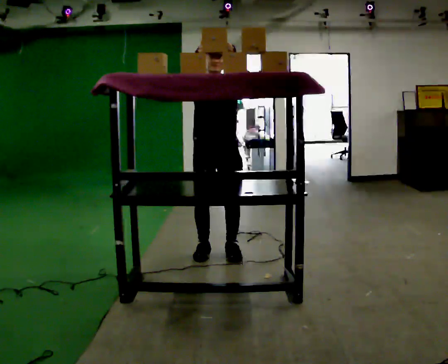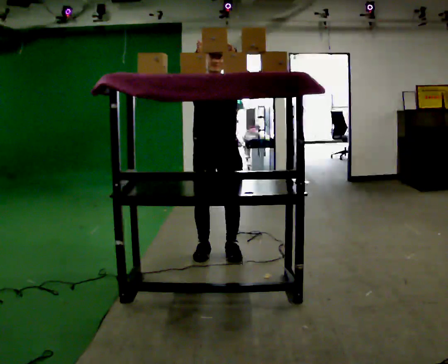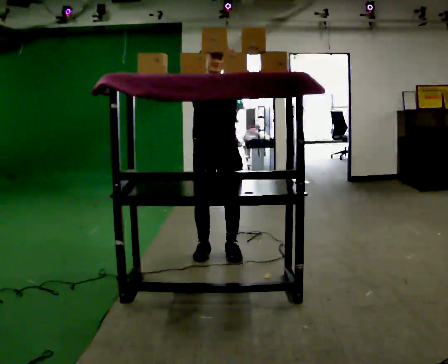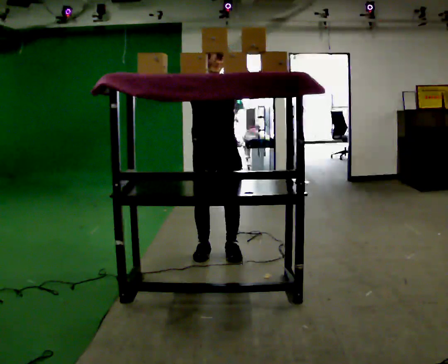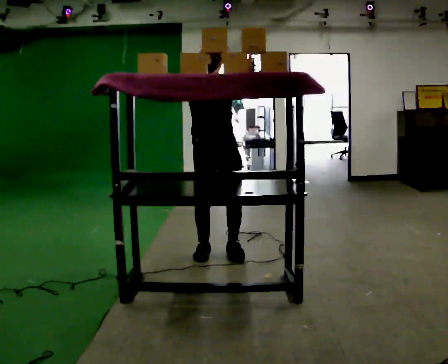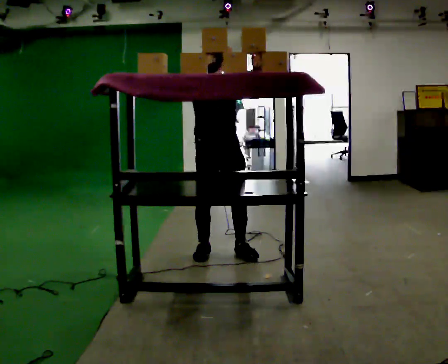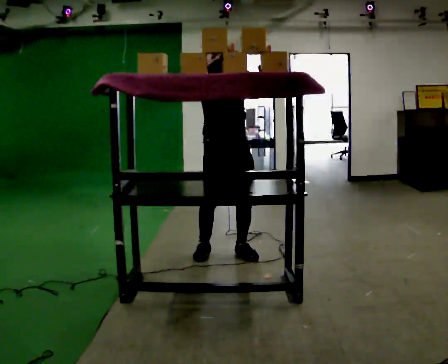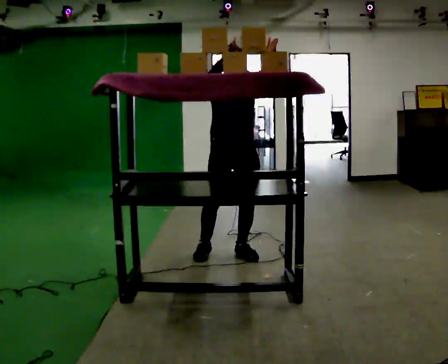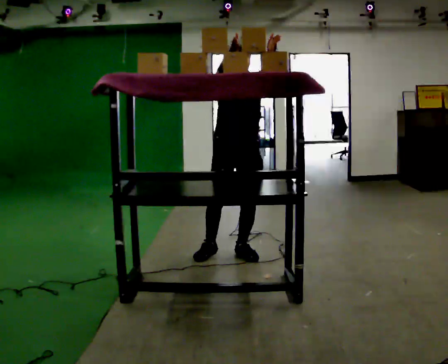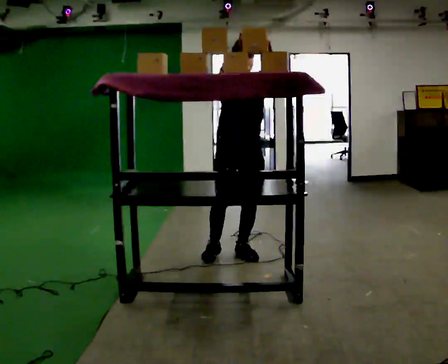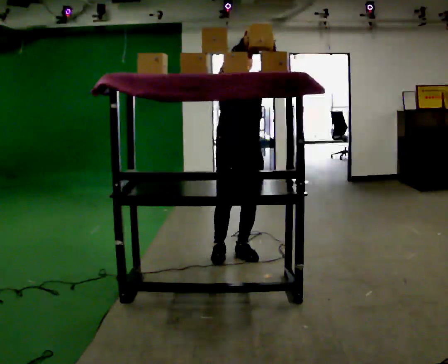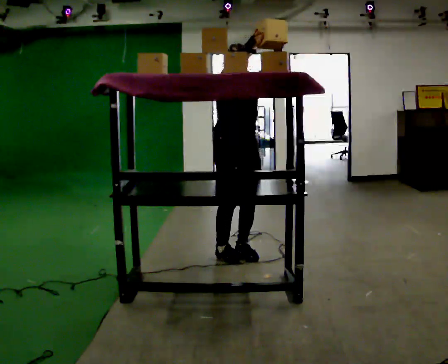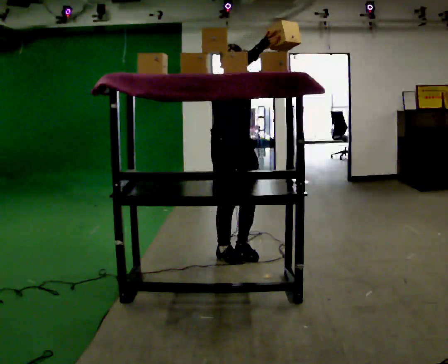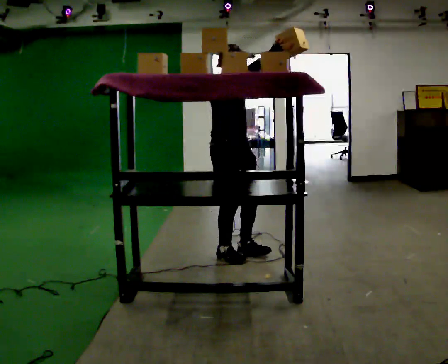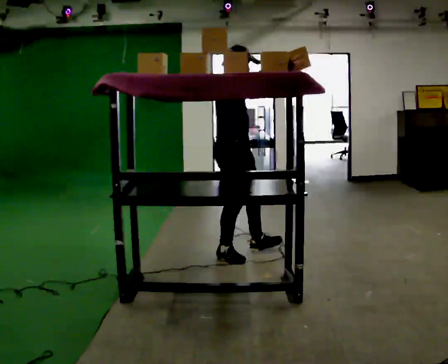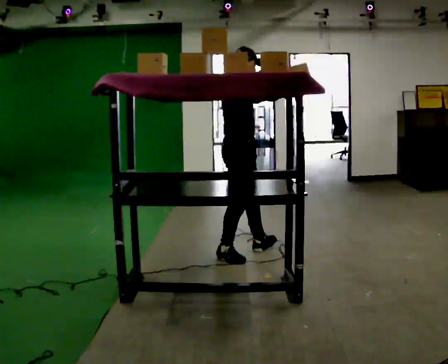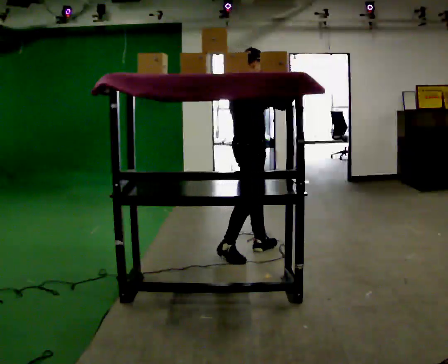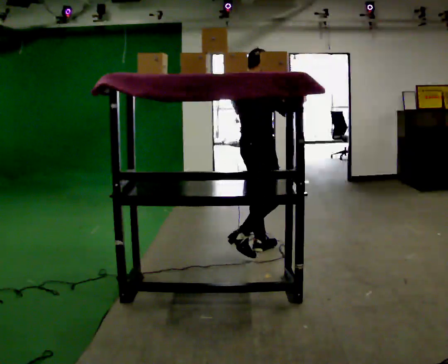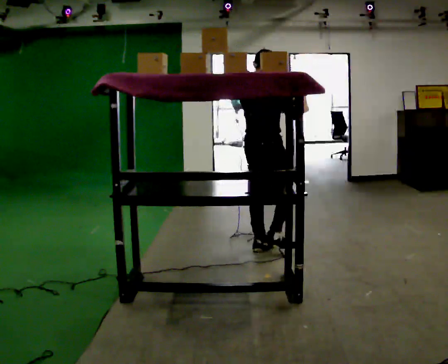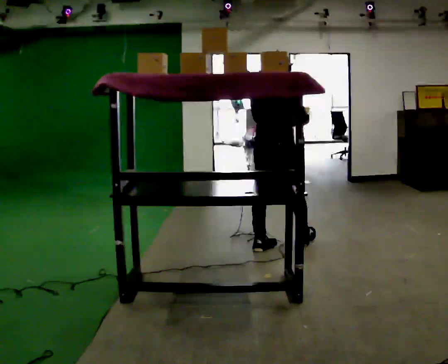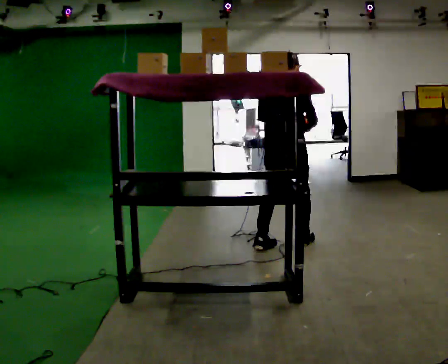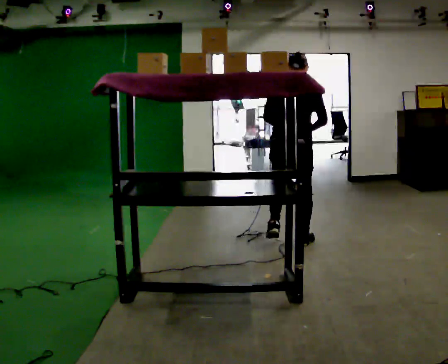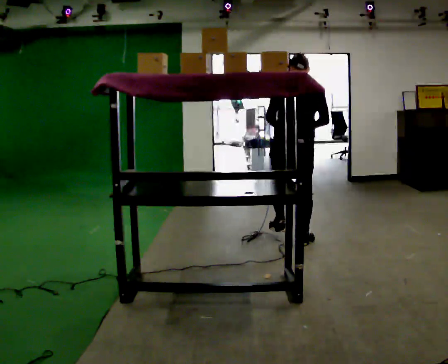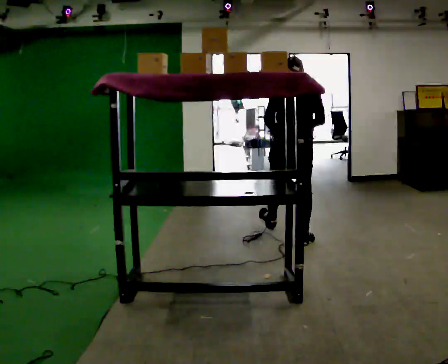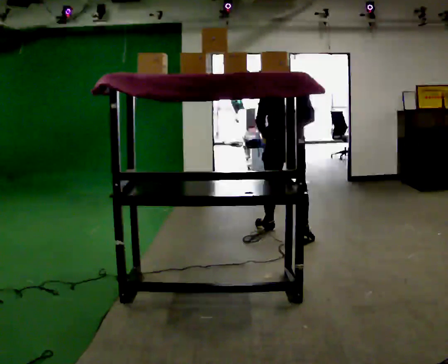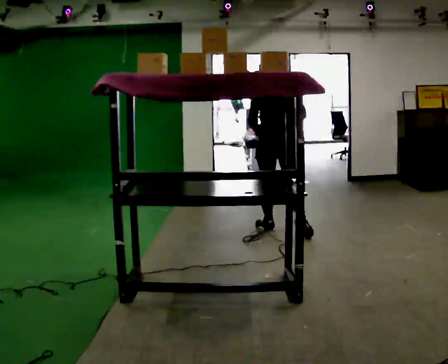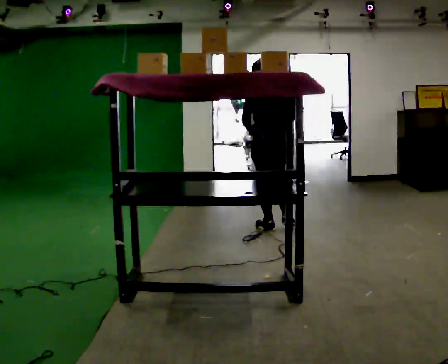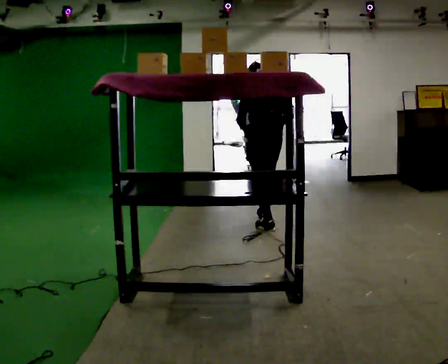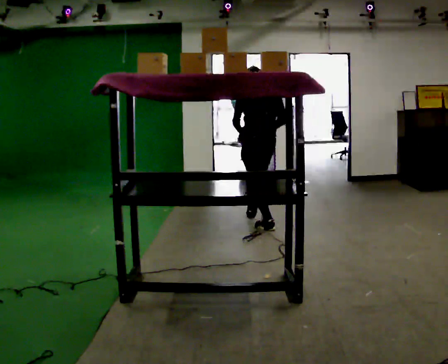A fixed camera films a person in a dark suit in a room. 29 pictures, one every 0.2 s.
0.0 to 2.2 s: In the picture their right hand goes to the right.
2.2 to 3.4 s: The person turns about 90 degrees to their left, counterclockwise seen from above, so the part of the body nearest the lens slides to the right. In the picture they go to the right, about 0.25 m in 1 step. In the picture their right hand goes to the right and downward.
3.4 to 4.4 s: Seen from above the body turns counterclockwise, about 60 degrees: to their left, with its near side sliding to the right. In the picture they go to the right and away from the camera, about 0.5 m in 1 step, which for them is forward and to their right.
4.4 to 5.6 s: The person turns about 30 degrees to their left, counterclockwise seen from above, so the part of the body nearest the lens slides to the right. In the picture they go away from the camera, about 0.5 m in 1 step, which for them is forward.
The film runs forward here.
